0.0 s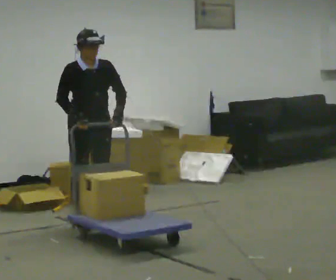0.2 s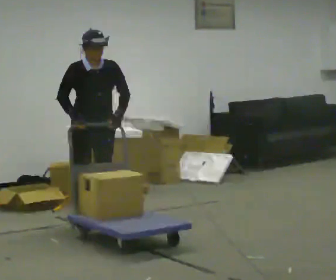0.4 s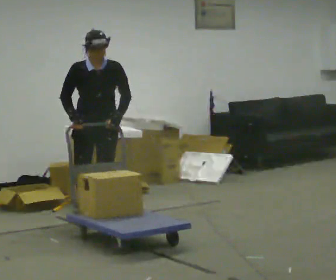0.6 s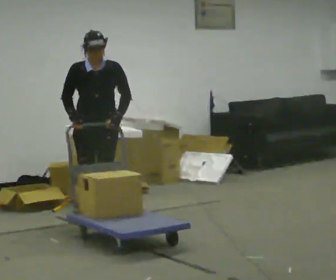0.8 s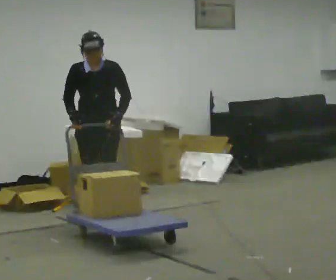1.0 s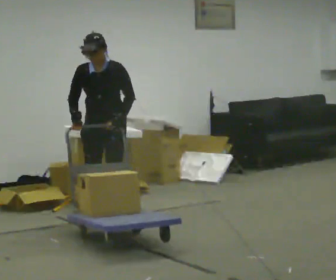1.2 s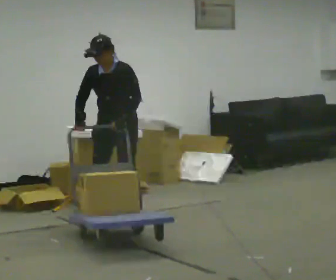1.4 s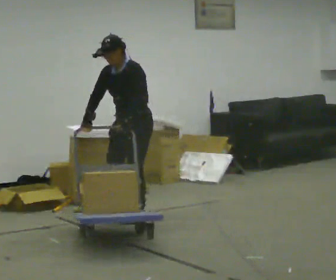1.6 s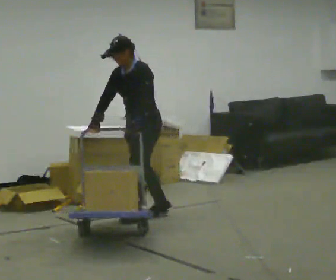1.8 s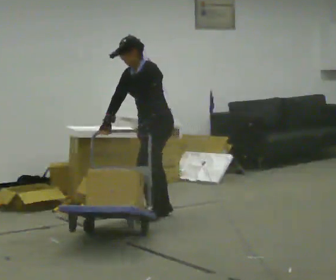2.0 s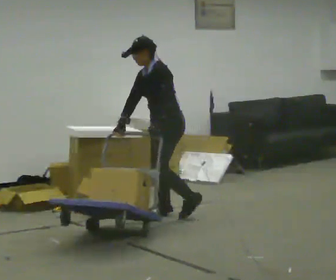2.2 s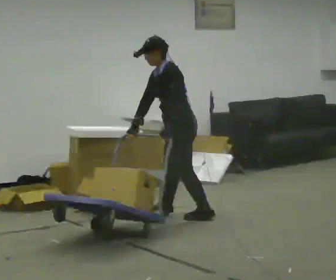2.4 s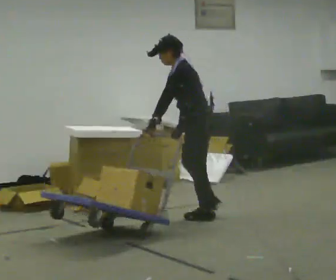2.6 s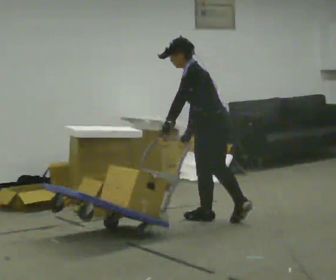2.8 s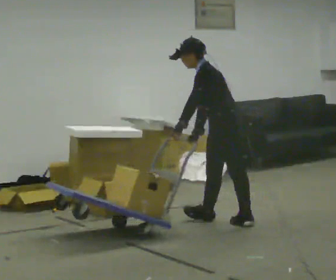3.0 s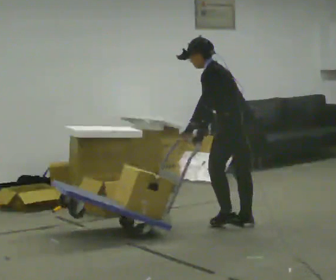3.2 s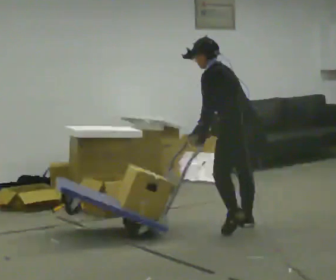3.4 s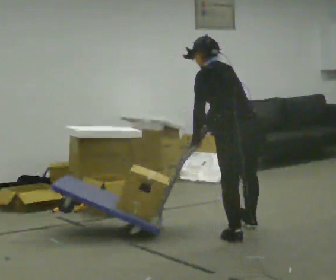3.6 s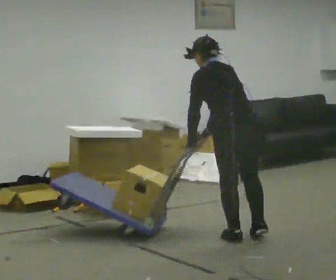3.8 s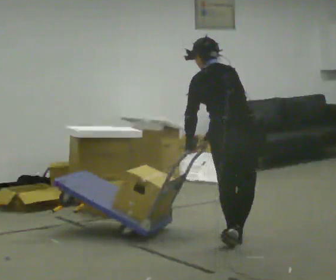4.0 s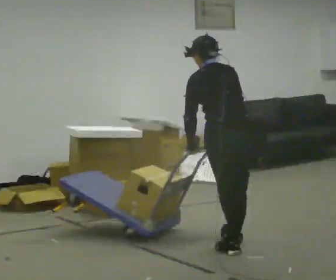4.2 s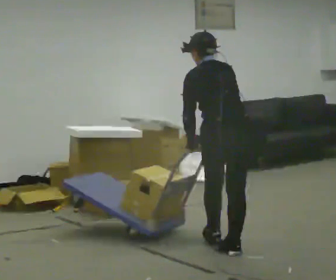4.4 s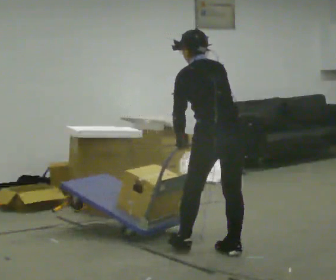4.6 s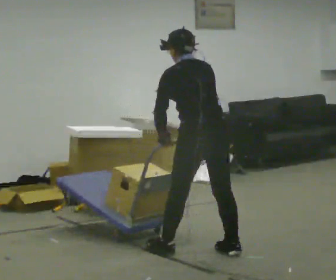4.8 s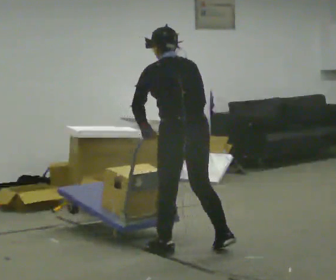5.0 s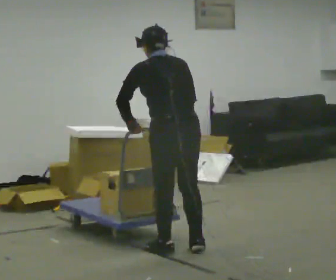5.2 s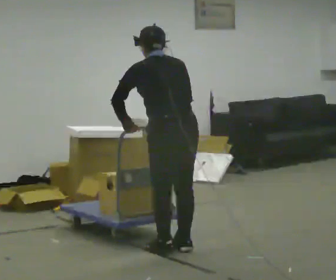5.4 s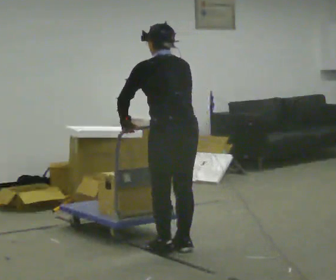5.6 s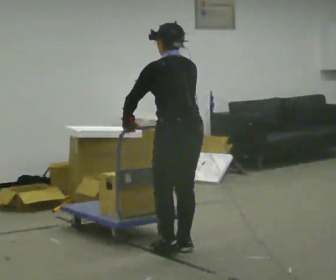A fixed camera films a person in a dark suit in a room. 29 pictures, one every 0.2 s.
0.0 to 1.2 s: Seen from above the body turns clockwise, about 45 degrees: to their right, with its near side sliding to the left. In the picture they go away from the camera and to the right, about 0.25 m in 2 steps, which for them is backward and to their left.
1.2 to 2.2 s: The person turns about 60 degrees to their right, clockwise seen from above, so the part of the body nearest the lens slides to the left. In the picture they go to the right, about 0.5 m in 2 steps, which for them is backward and to their left.
2.2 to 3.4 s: The part of the body nearest the lens slides to the left as the person turns to their right by about 60 degrees. In the picture they go toward the camera and to the right, about 1 m in 3 steps. The upper body tips away from the camera, its near side rolling upward.
3.4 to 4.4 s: In the picture they go toward the camera, about 0.5 m in 1 step, which for them is backward and to their left.
4.4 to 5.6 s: In the picture they go to the left, about 0.25 m in 2 steps, which for them is to their left and forward.
The film runs backward here.
